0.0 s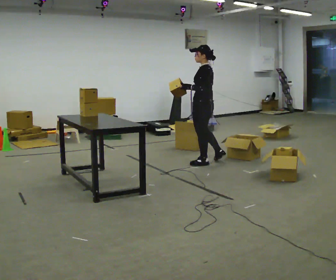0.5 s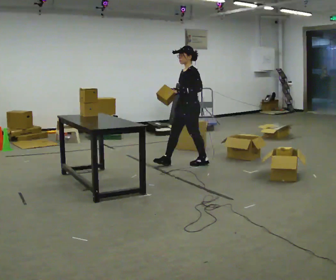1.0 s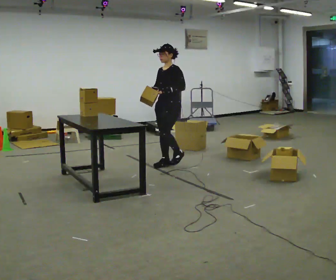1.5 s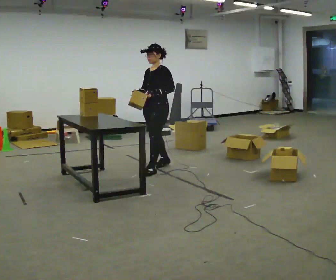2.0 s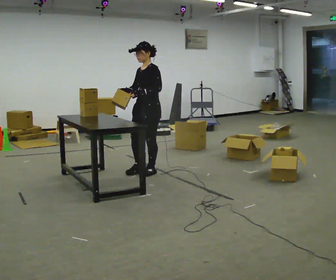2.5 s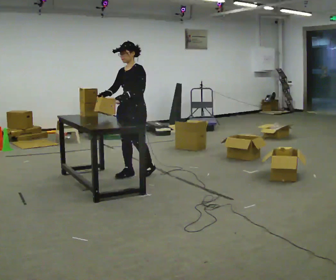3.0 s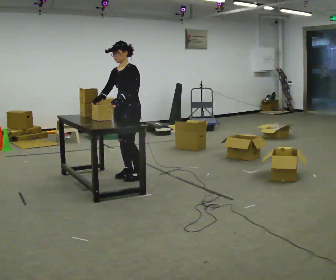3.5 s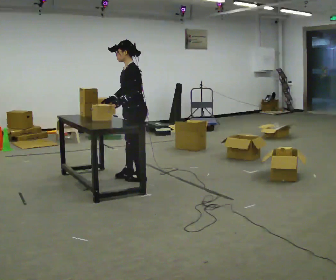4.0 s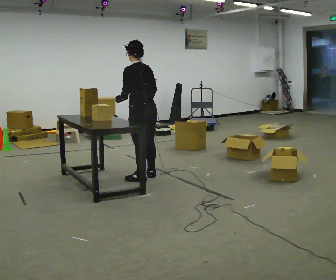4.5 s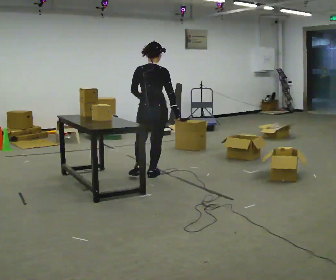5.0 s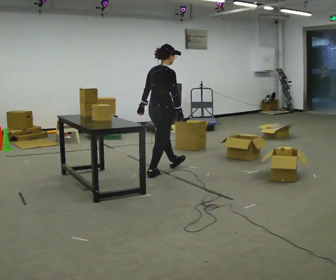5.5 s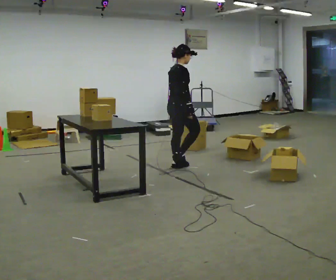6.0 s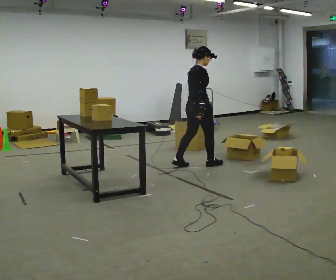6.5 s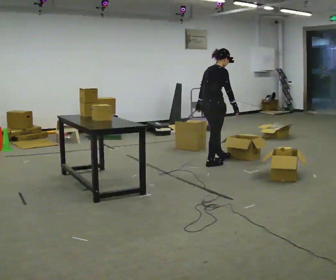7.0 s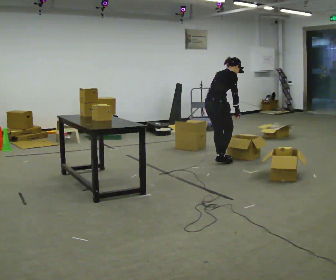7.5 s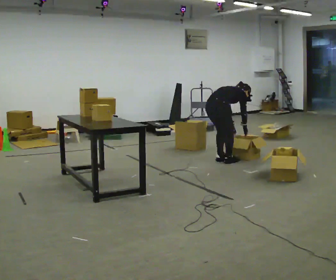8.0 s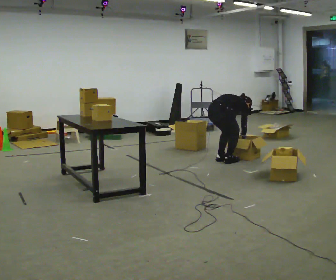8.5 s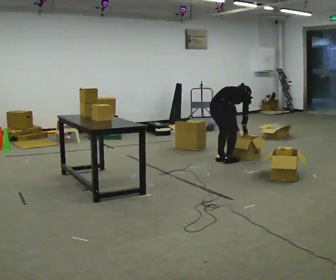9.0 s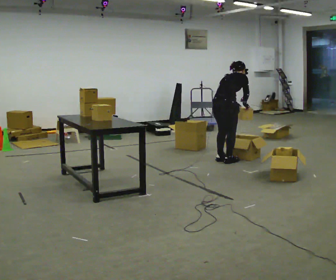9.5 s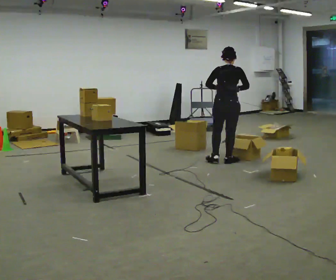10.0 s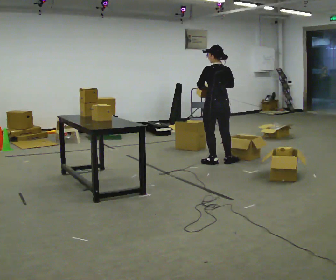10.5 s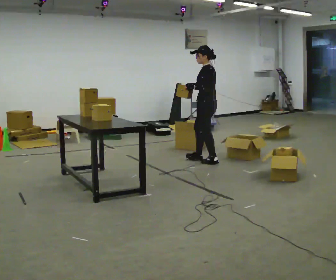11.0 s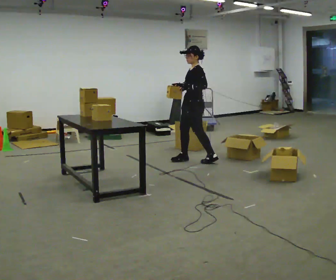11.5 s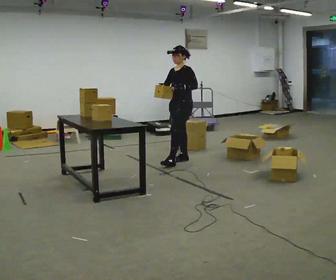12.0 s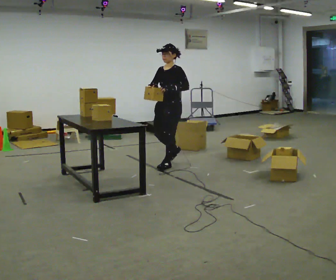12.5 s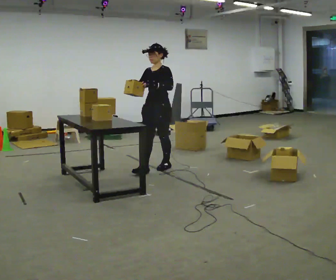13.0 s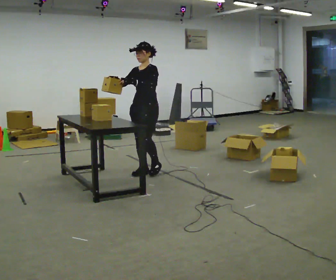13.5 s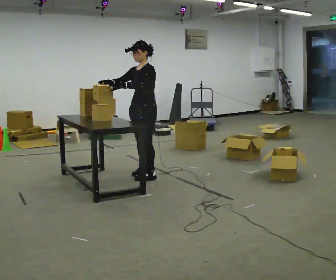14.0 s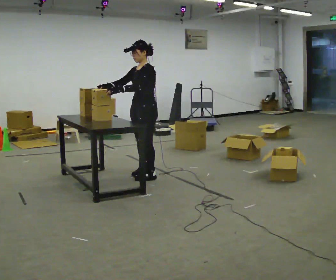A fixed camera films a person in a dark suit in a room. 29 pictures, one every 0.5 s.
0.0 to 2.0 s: The person turns about 60 degrees to their left, counterclockwise seen from above, so the part of the body nearest the lens slides to the right. In the picture they go to the left and toward the camera, about 1 m in 2 steps.
2.0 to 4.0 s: The person turns about 90 degrees to their right, clockwise seen from above, so the part of the body nearest the lens slides to the left. In the picture they go toward the camera, about 0.25 m in 3 steps.
4.0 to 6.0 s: The person turns about 105 degrees to their right, clockwise seen from above, so the part of the body nearest the lens slides to the left. In the picture they go away from the camera and to the right, about 1 m in 2 steps.
6.0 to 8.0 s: In the picture they go to the right, about 0.25 m in 2 steps, which for them is forward. The shoulders move downward. In the picture the upper body tilts clockwise, shoulders to the right, as they bend forward. In the picture their right hand goes downward.
8.0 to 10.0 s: Seen from above the body turns counterclockwise, about 60 degrees: to their left, with its near side sliding to the right. The upper body goes upward. In the picture the upper body tilts counterclockwise, shoulders to the left, as they lean back or straighten. In the picture their right hand goes upward and to the left.
10.0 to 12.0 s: The person turns about 120 degrees to their left, counterclockwise seen from above, so the part of the body nearest the lens slides to the right. In the picture they go to the left, about 0.75 m in 2 steps.
12.0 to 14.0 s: In the picture they go toward the camera and to the left, about 0.5 m in 2 steps, which for them is forward.
The film runs forward here.
